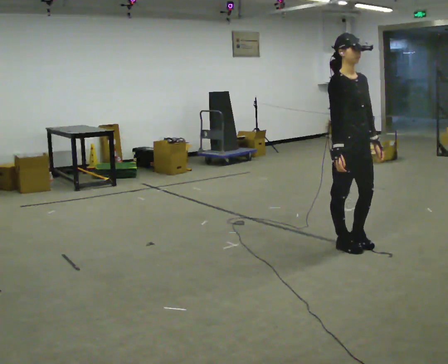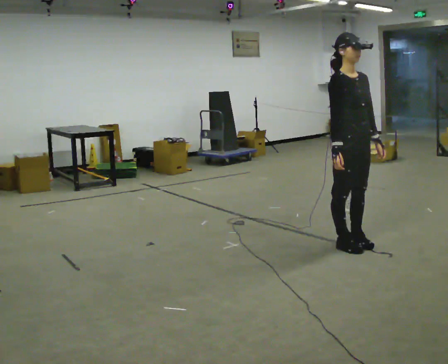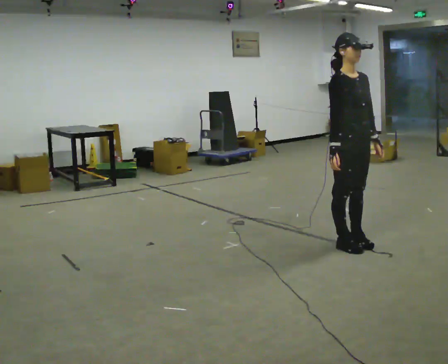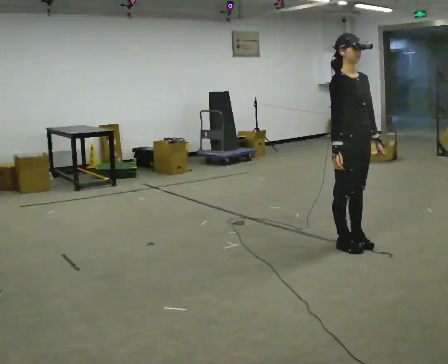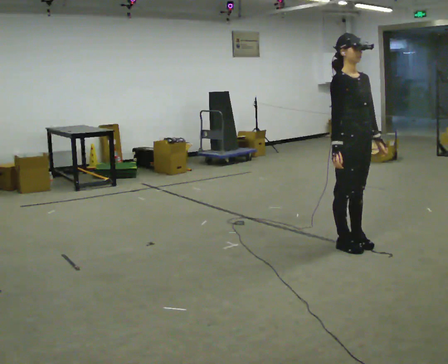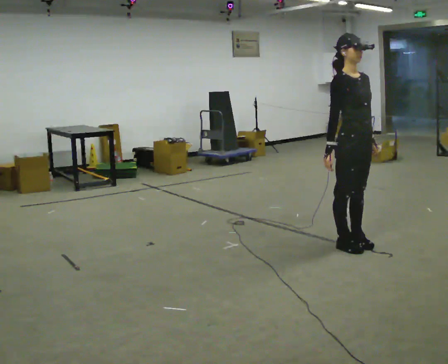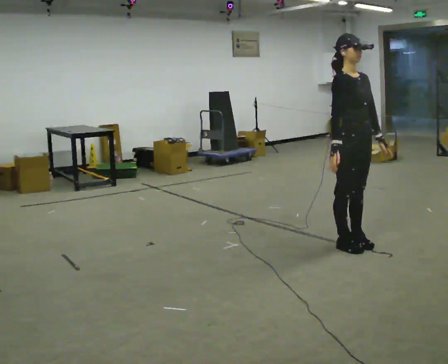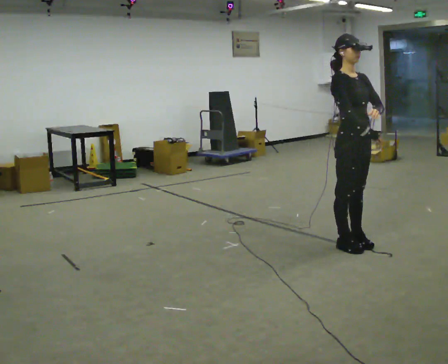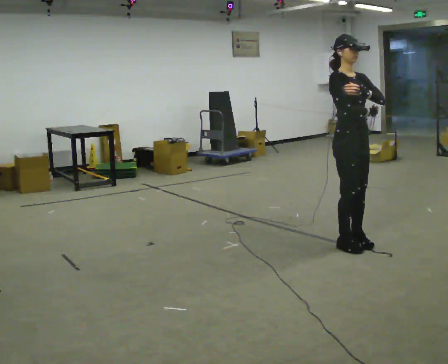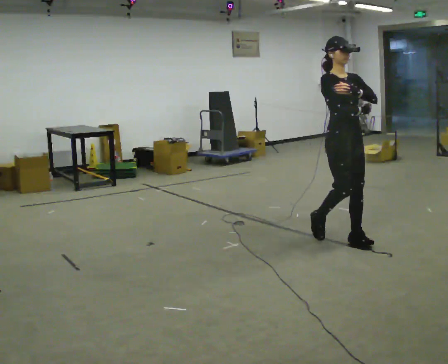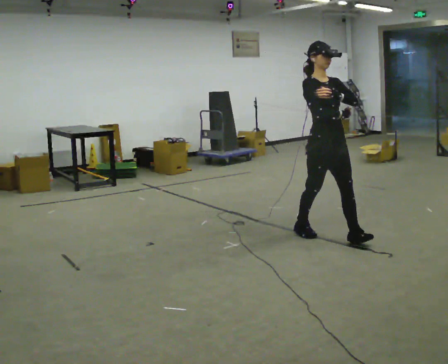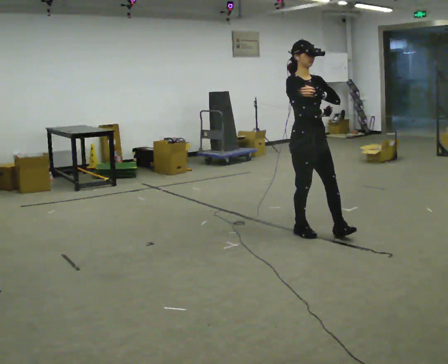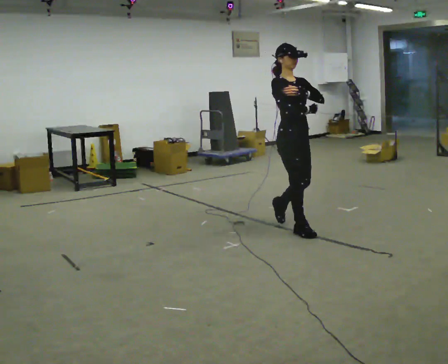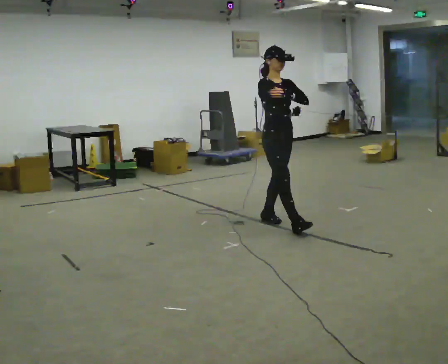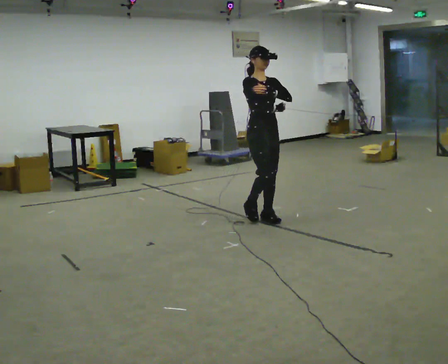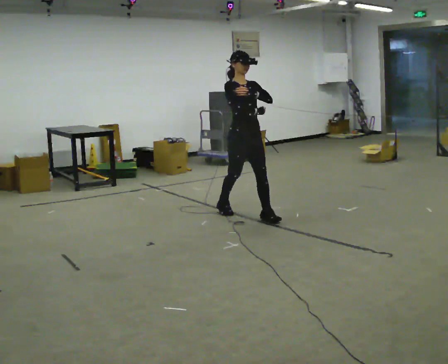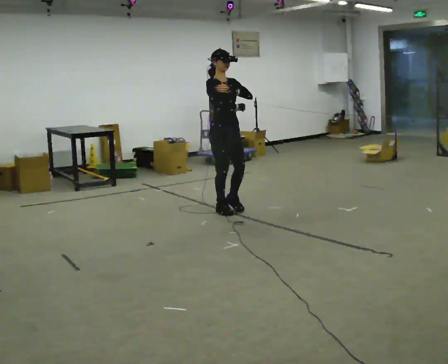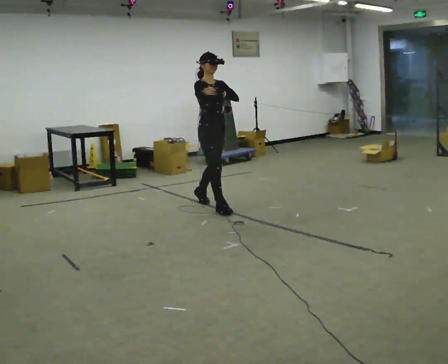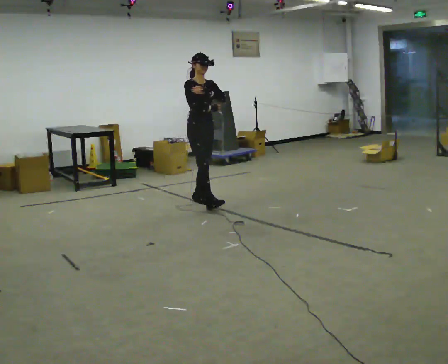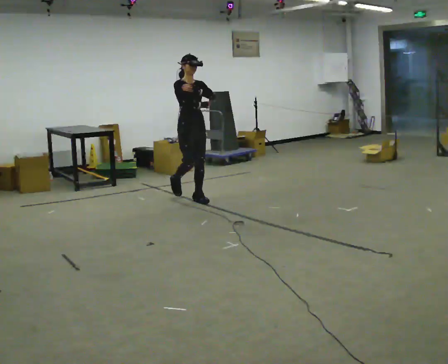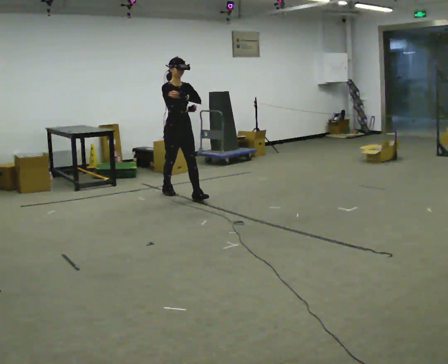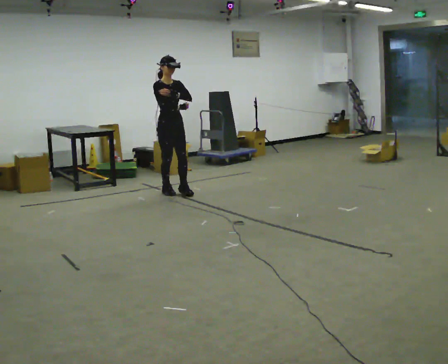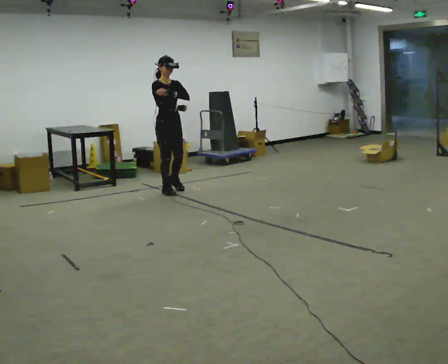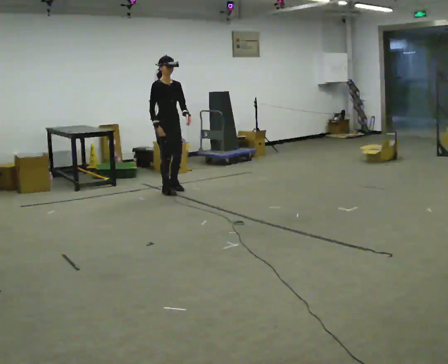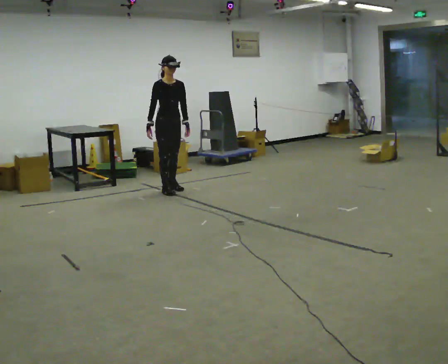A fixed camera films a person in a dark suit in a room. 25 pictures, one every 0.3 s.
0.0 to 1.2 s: The person moves a little, or ends about where they began.
1.2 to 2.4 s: In the picture their left hand goes upward.
2.4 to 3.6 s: In the picture they go to the left and away from the camera, about 0.5 m in 2 steps, which for them is backward.
3.6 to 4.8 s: In the picture they go to the left and away from the camera, about 1 m in 2 steps, which for them is backward.
4.8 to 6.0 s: In the picture they go away from the camera and to the left, about 1 m in 1 step, which for them is backward.
6.0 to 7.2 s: In the picture they go away from the camera and to the left, about 0.25 m in 1 step, which for them is backward.
The film runs backward here.
